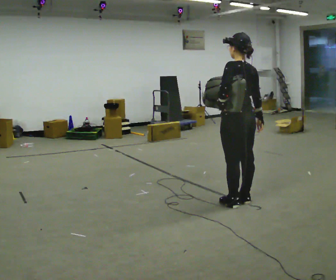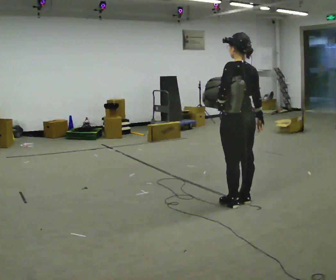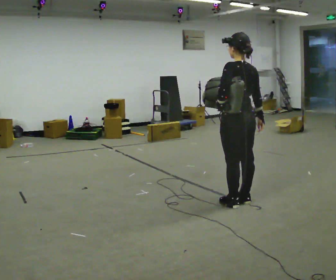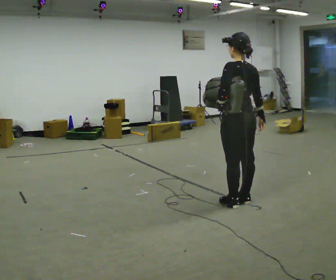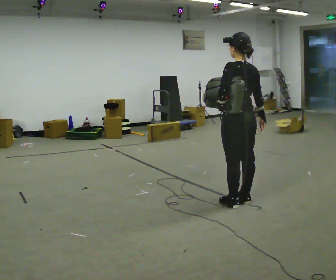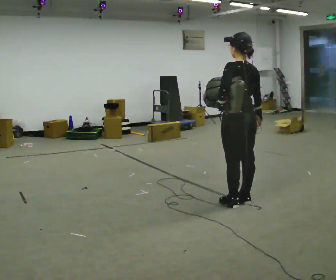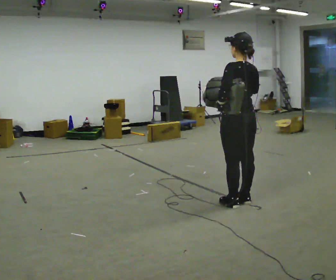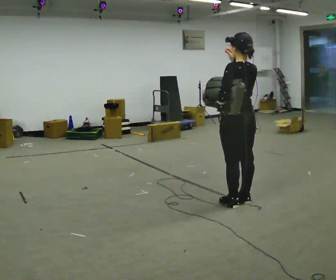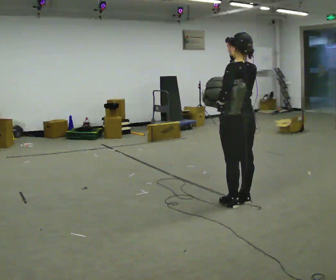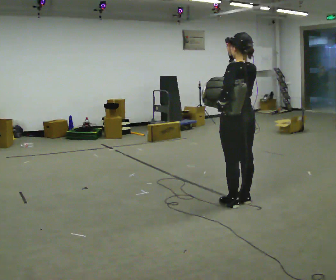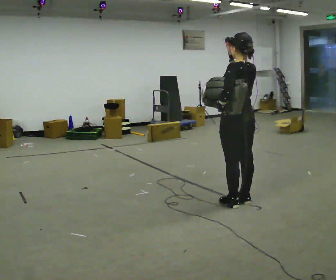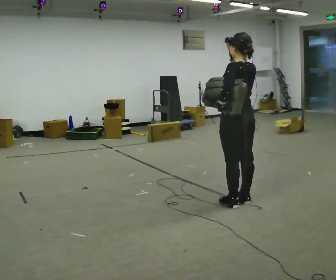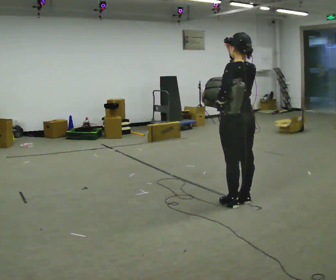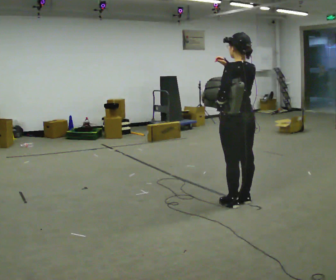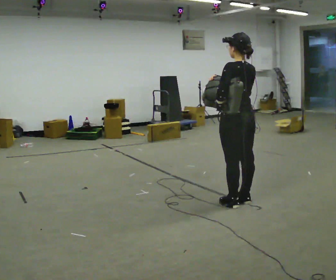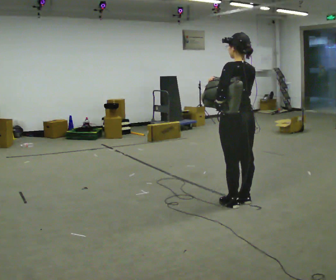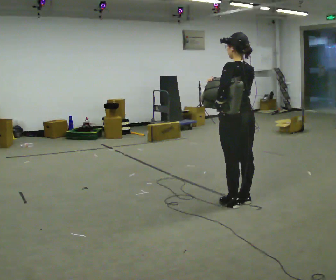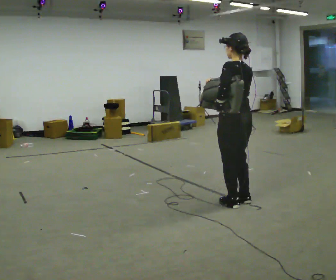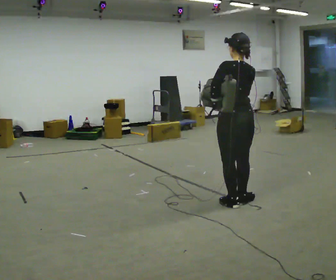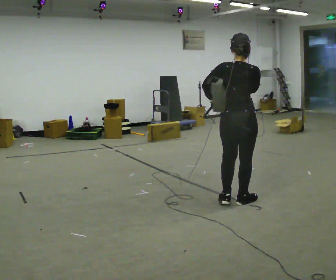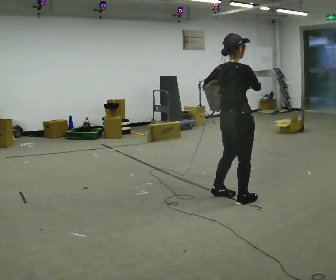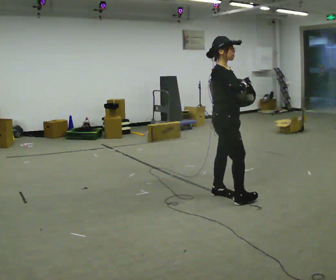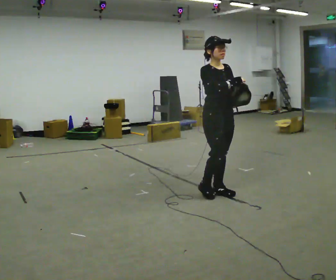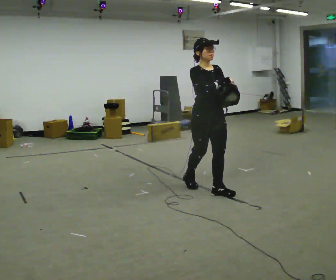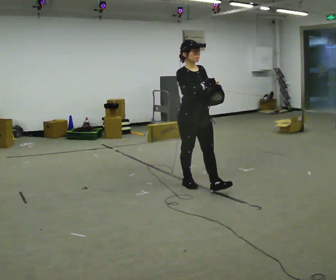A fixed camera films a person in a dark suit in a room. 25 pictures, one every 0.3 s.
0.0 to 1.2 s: The person keeps their place and pose.
1.2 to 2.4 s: In the picture their right hand goes upward.
2.4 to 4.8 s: The person moves a little, or ends about where they began.
4.8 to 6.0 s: The person turns about 90 degrees to their right, clockwise seen from above, so the part of the body nearest the lens slides to the left.
6.0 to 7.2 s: The person turns about 90 degrees to their right, clockwise seen from above, so the part of the body nearest the lens slides to the left. In the picture they go to the left and away from the camera, about 0.75 m in 2 steps.
The film runs backward here.
